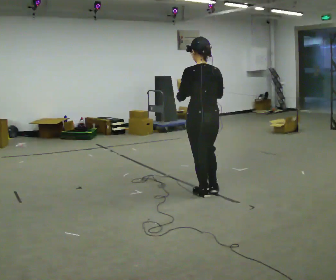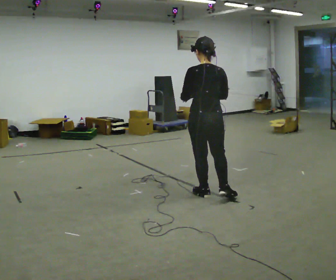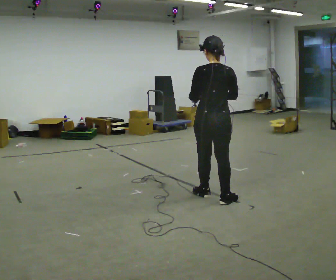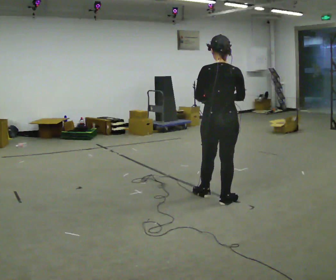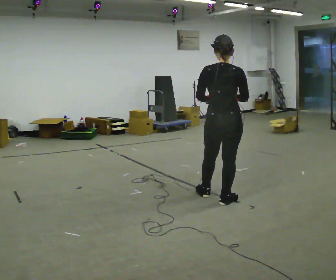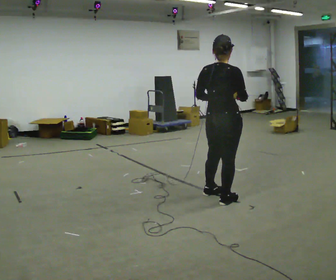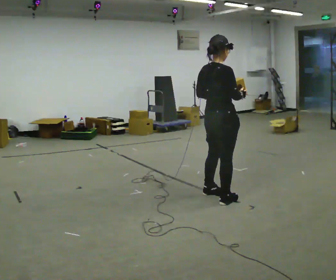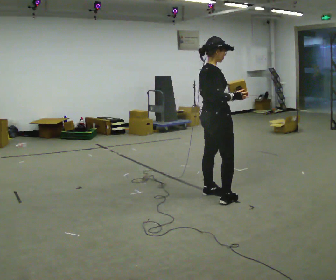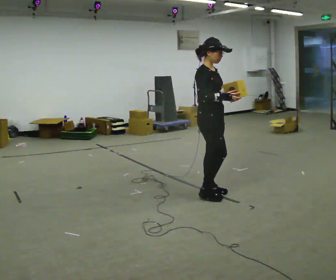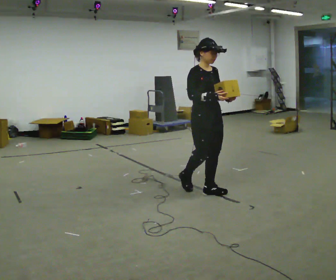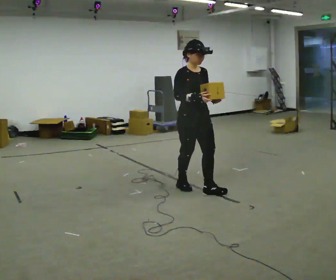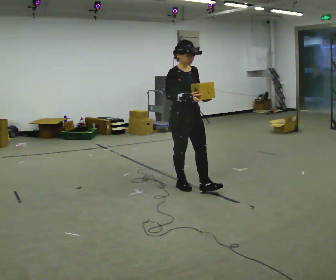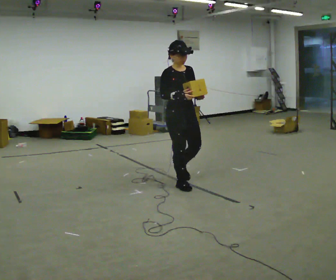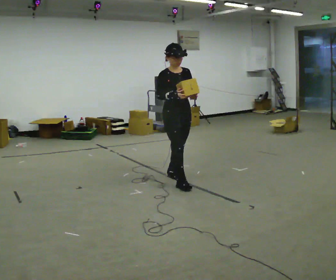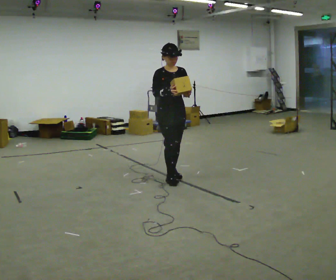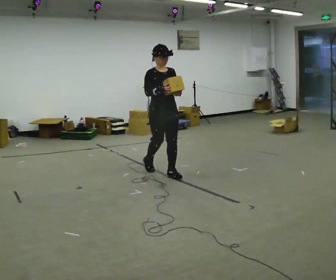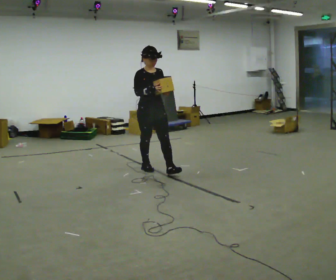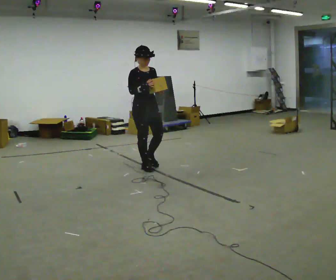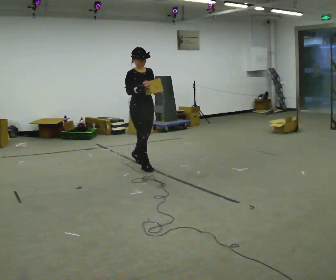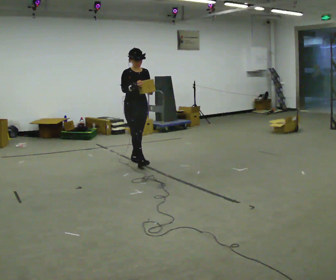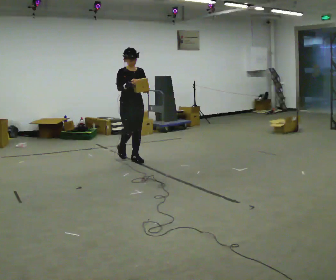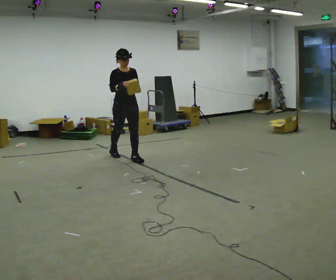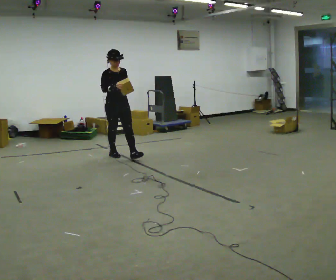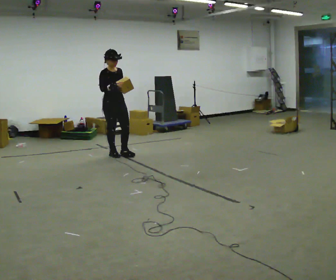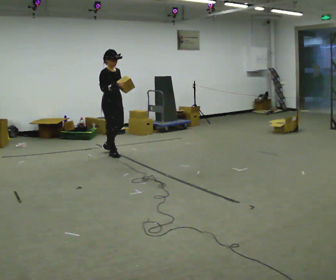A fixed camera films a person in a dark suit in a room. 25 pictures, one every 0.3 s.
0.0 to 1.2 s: The part of the body nearest the lens slides to the left as the person turns to their right by about 30 degrees. In the picture they go to the right and toward the camera, about 0.25 m, which for them is backward and to their right.
1.2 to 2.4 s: The part of the body nearest the lens slides to the left as the person turns to their right by about 105 degrees. In the picture they go away from the camera and to the left, about 0.25 m in 1 step.
2.4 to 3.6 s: Seen from above the body turns clockwise, about 30 degrees: to their right, with its near side sliding to the left. In the picture they go to the left and away from the camera, about 0.5 m in 1 step, which for them is backward.
3.6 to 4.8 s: In the picture they go away from the camera and to the left, about 0.5 m in 2 steps, which for them is backward.
4.8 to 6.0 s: In the picture they go away from the camera and to the left, about 0.75 m in 1 step, which for them is backward.
6.0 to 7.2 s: The part of the body nearest the lens slides to the right as the person turns to their left by about 30 degrees. In the picture they go to the left and away from the camera, about 0.5 m in 1 step, which for them is backward.
The film runs backward here.
